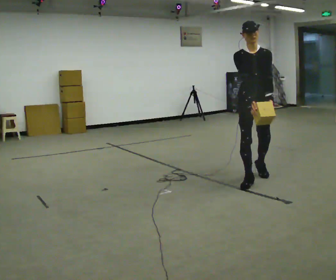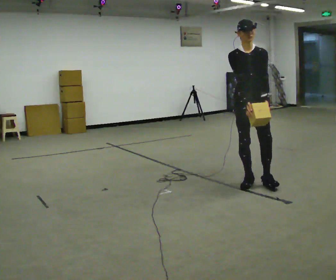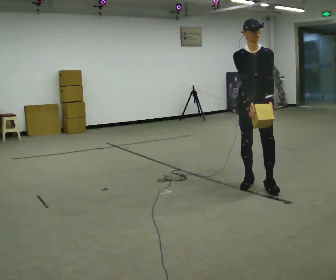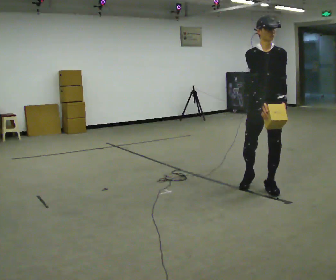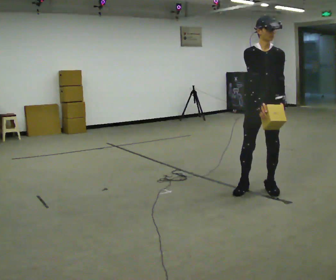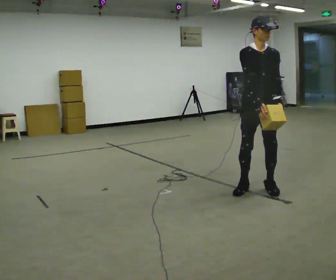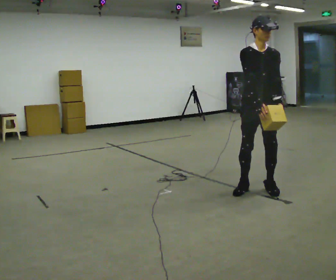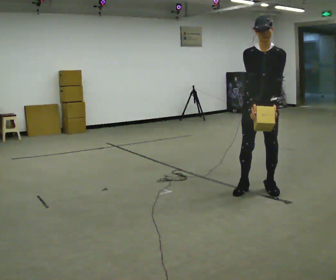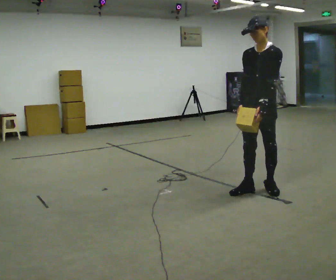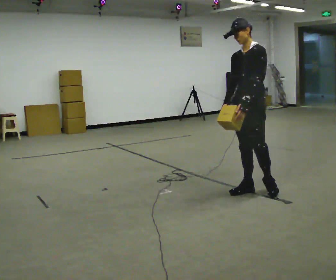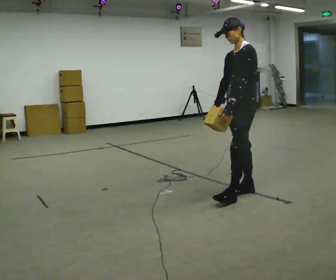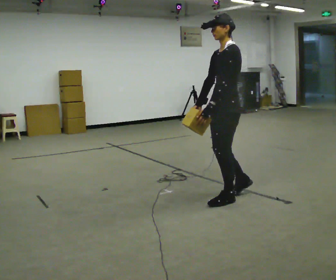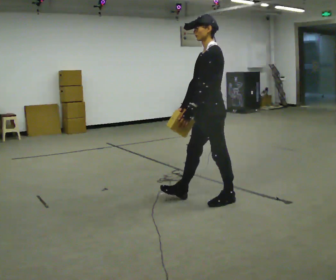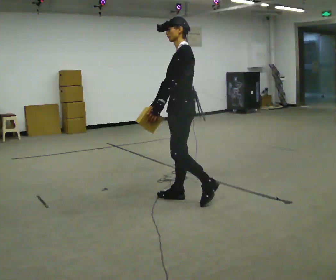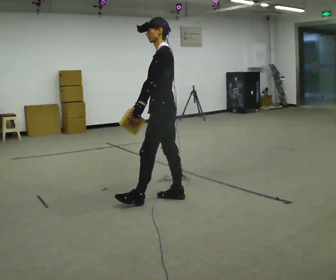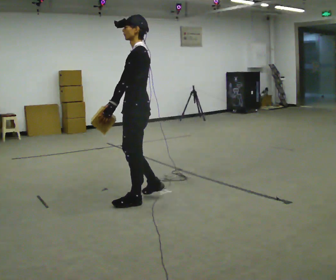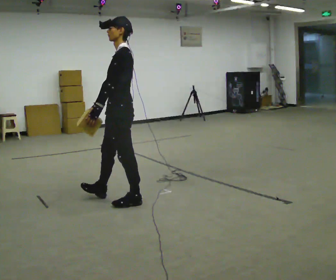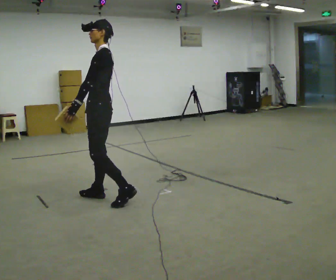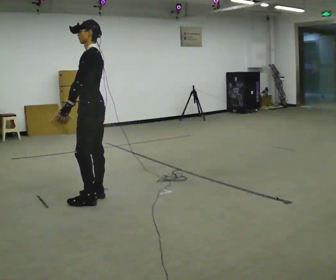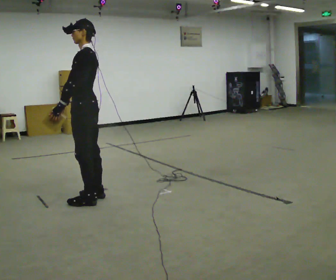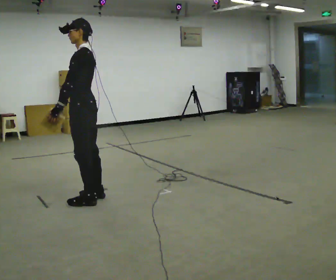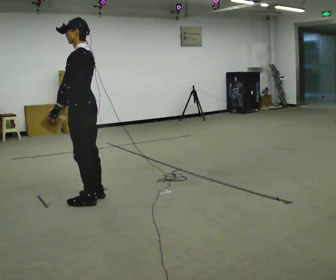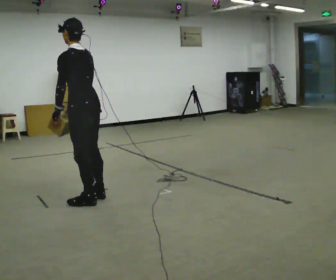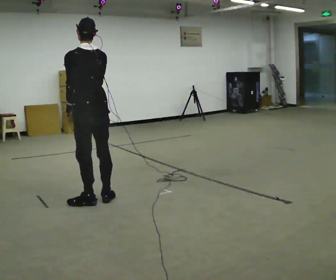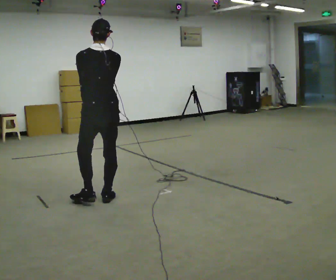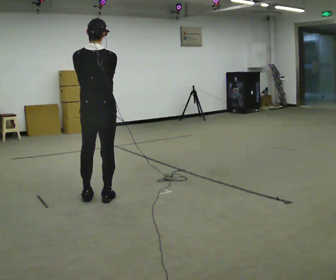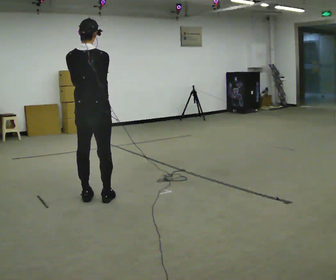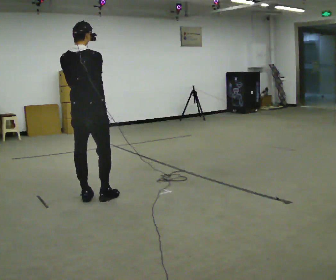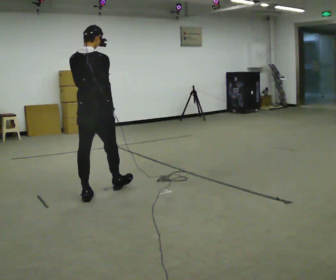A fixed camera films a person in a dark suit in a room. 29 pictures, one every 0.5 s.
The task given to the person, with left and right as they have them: Carry the light box in both hands in front of you, walking back and forth across the room. Keep walking until the operator says stop.
0.0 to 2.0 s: In the picture they go toward the camera, about 0.25 m in 2 steps, which for them is forward.
2.0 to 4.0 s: The person turns about 45 degrees to their right, clockwise seen from above, so the part of the body nearest the lens slides to the left.
4.0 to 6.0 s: The person turns about 45 degrees to their right, clockwise seen from above, so the part of the body nearest the lens slides to the left. In the picture they go to the left and toward the camera, about 0.5 m in 1 step, which for them is forward.
6.0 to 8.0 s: In the picture they go to the left, about 1 m in 3 steps, which for them is forward.
8.0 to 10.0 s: In the picture they go to the left, about 0.25 m in 1 step, which for them is forward.
10.0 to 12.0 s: The part of the body nearest the lens slides to the left as the person turns to their right by about 75 degrees. In the picture they go to the right, about 0.25 m. In the picture their right hand goes to the right.
12.0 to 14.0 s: The person turns about 30 degrees to their right, clockwise seen from above, so the part of the body nearest the lens slides to the left.
The film runs forward here.
